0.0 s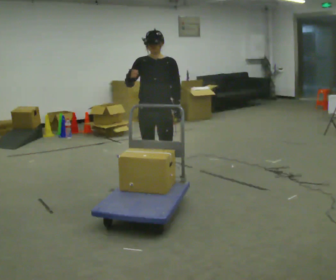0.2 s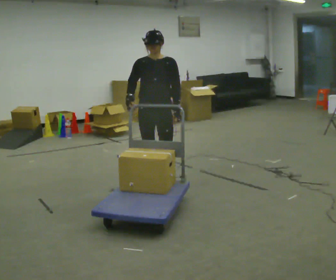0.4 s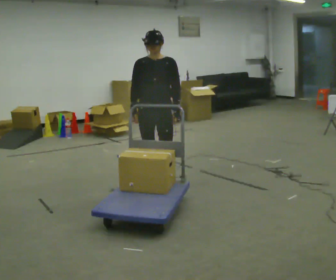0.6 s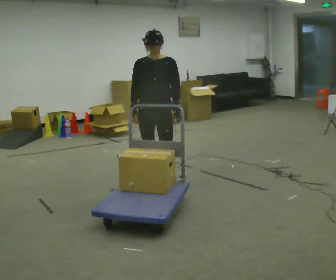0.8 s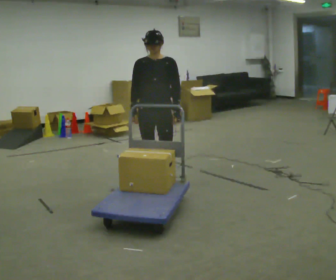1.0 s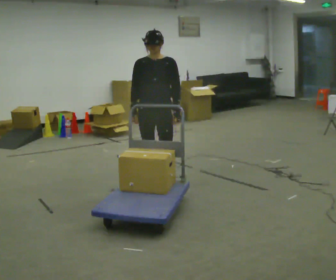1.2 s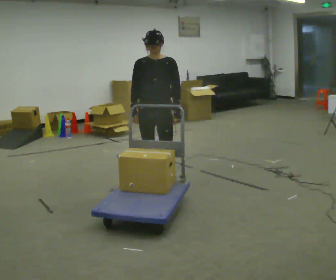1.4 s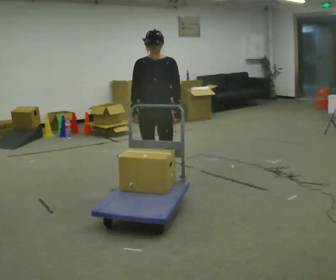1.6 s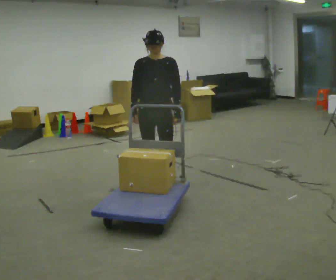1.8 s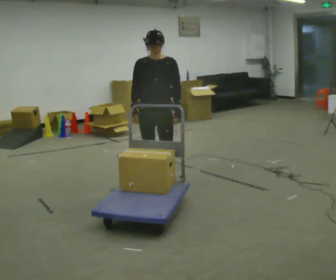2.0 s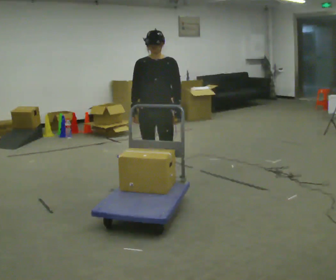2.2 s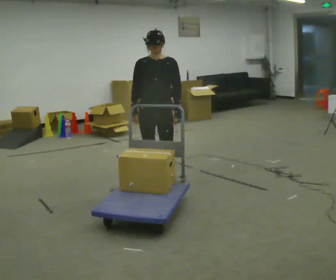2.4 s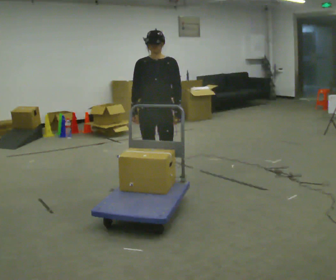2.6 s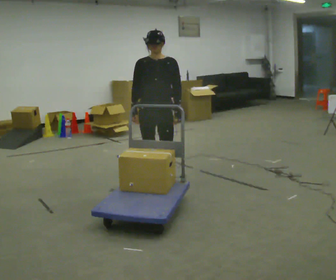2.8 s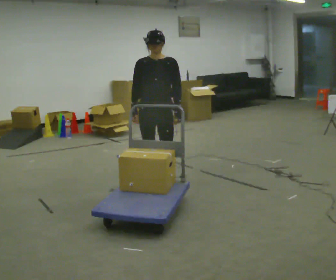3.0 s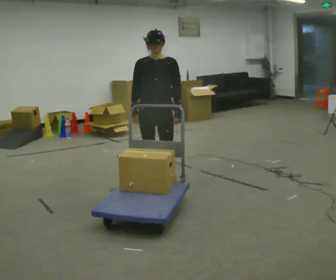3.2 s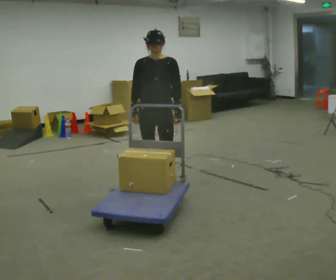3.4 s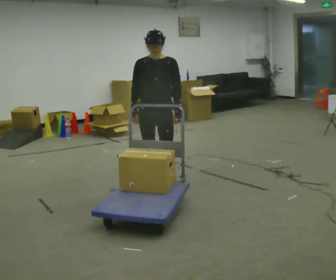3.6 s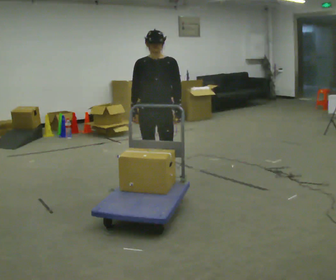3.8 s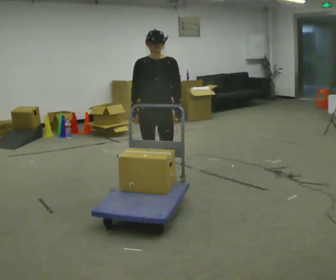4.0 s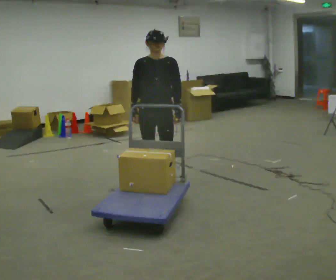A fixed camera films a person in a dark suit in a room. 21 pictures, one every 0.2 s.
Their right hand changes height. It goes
downward.
0.0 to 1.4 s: In the picture their right hand goes downward.
1.4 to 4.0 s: The person keeps their place and pose.
The film runs backward here.
